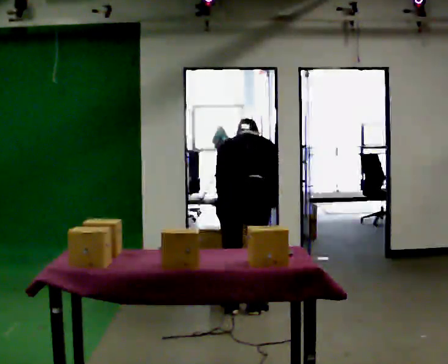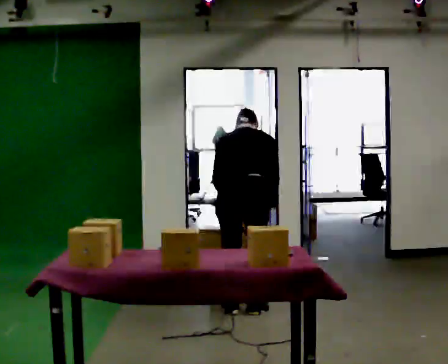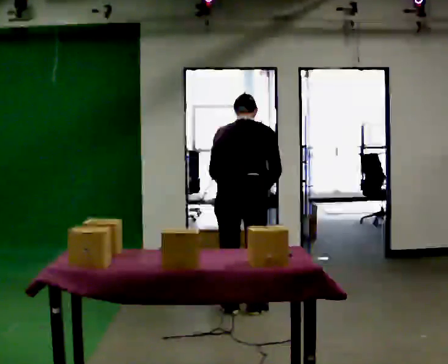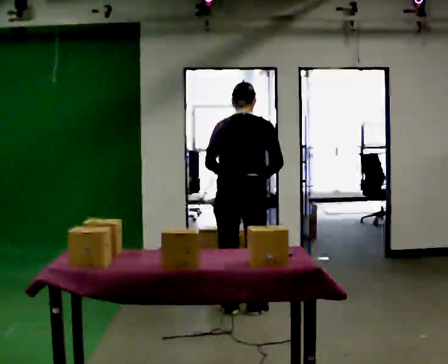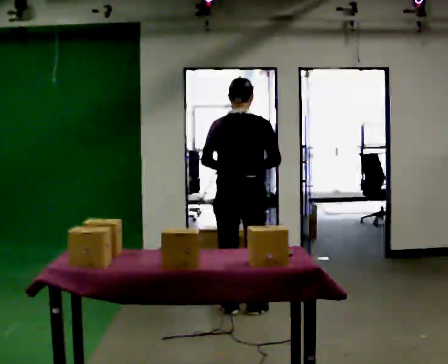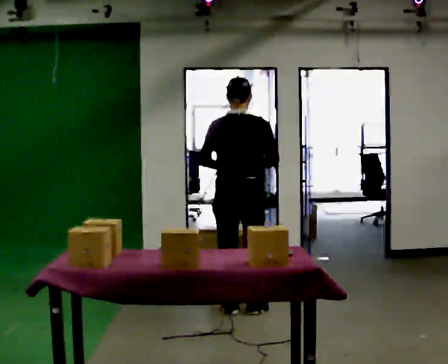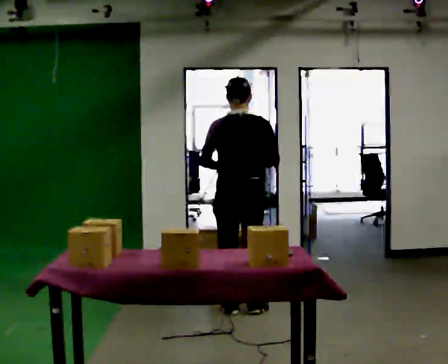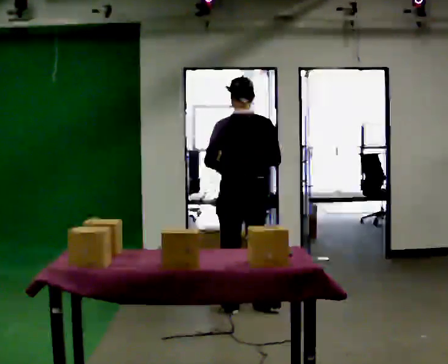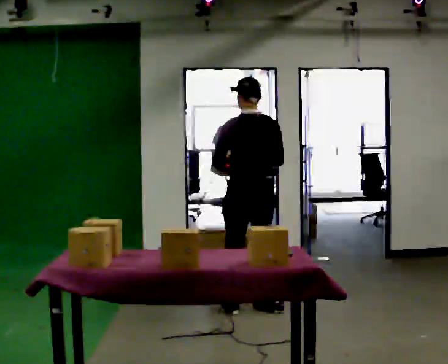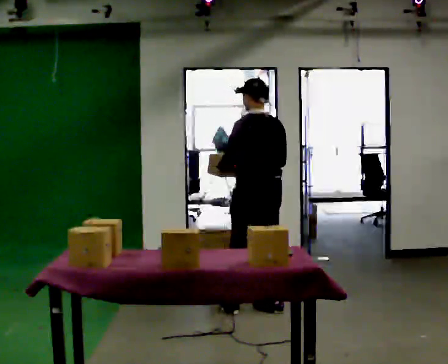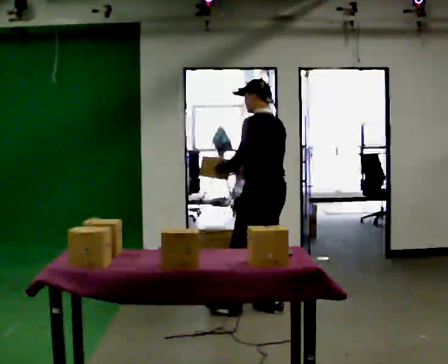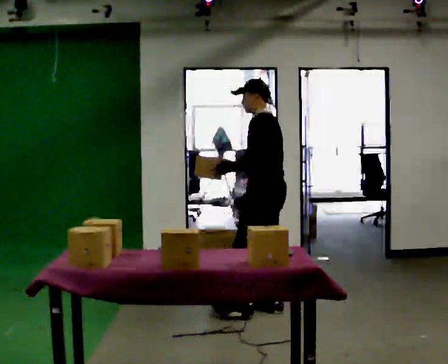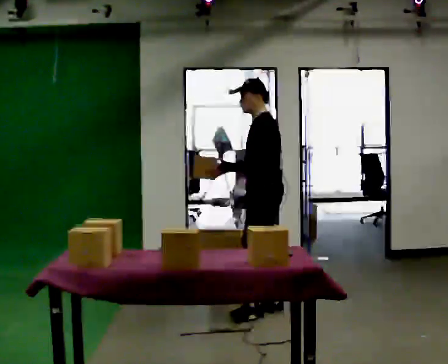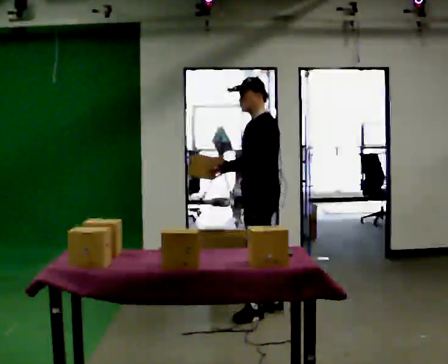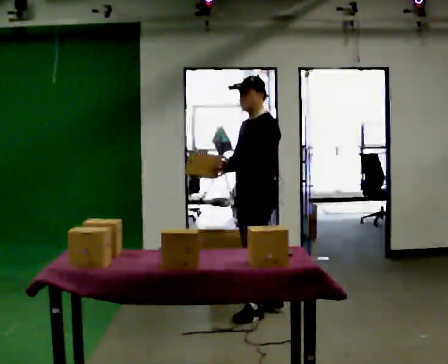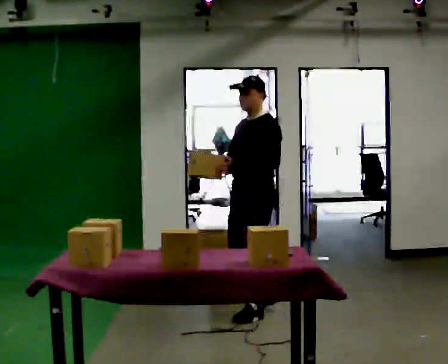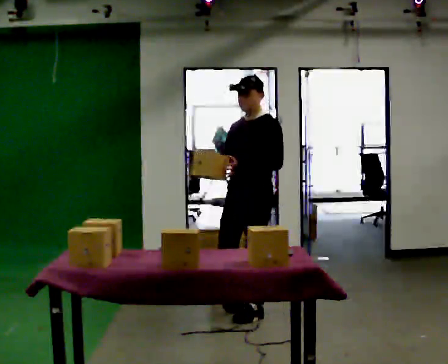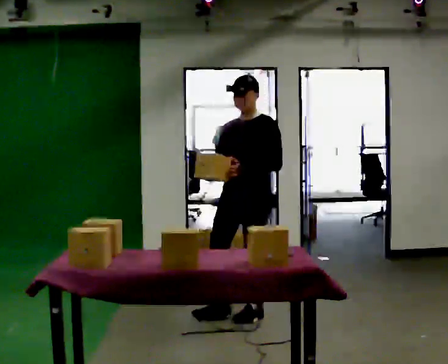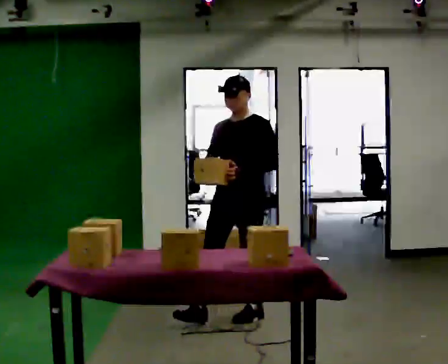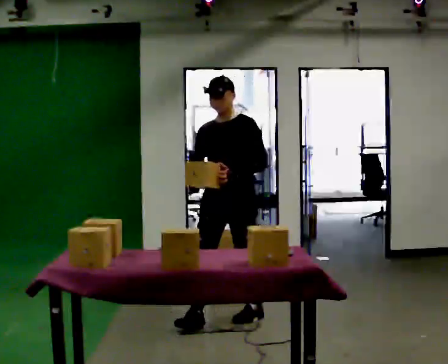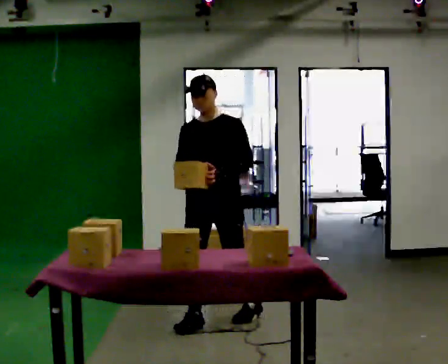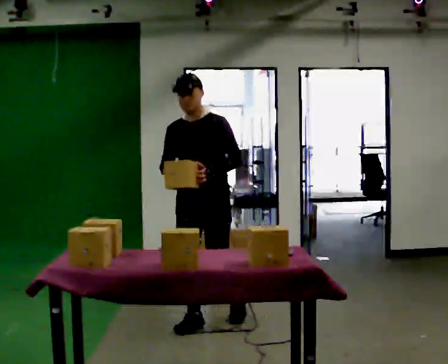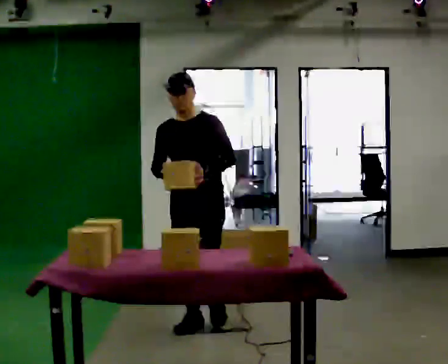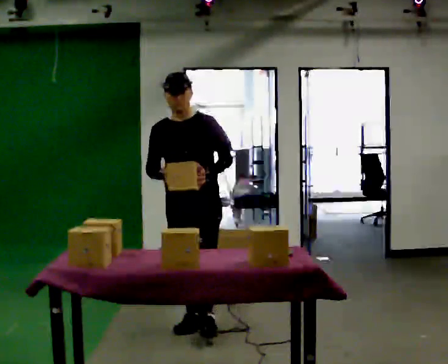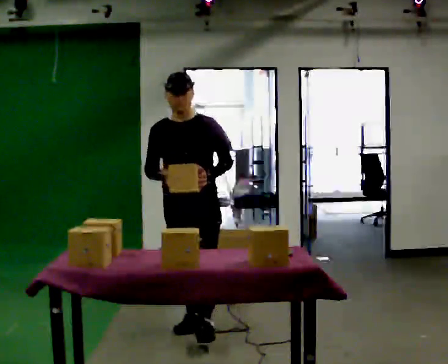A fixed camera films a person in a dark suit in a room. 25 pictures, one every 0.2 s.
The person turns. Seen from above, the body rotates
counterclockwise.
The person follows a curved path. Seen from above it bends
clockwise.
0.0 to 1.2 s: The shoulders move upward. The upper body tips toward the camera, its near side rolling downward, as they lean back or straighten. In the picture their right hand goes upward.
1.2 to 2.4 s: Seen from above the body turns counterclockwise, about 75 degrees: to their left, with its near side sliding to the right. In the picture they go to the right, about 0.25 m in 2 steps.
2.4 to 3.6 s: Seen from above the body turns counterclockwise, about 60 degrees: to their left, with its near side sliding to the right. In the picture they go toward the camera and to the left, about 0.25 m, which for them is forward.
3.6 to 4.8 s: In the picture they go toward the camera and to the left, about 0.5 m in 2 steps, which for them is forward and to their right.
The film runs forward here.
